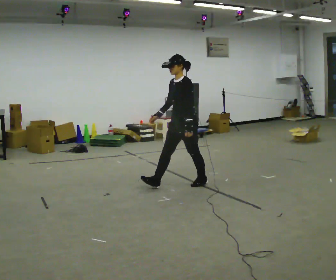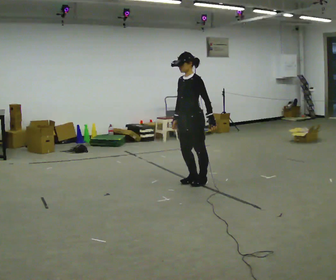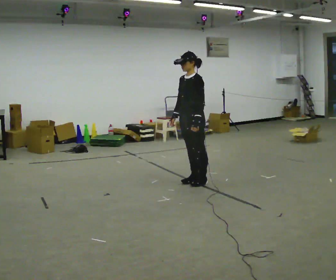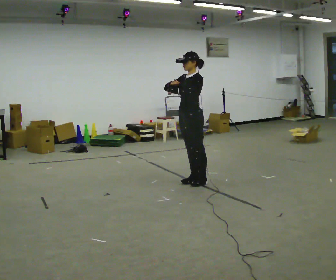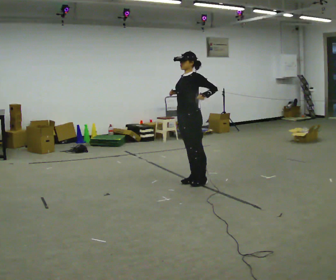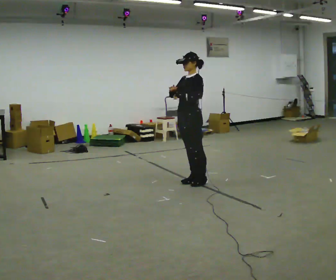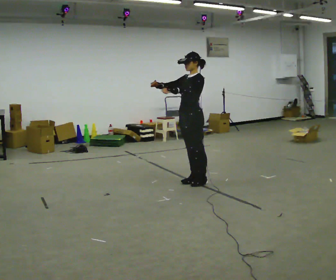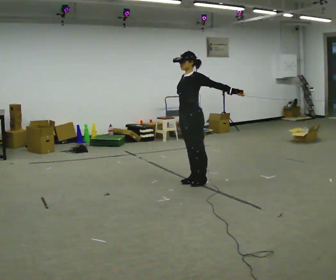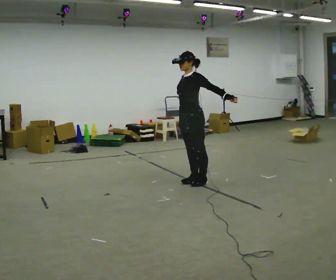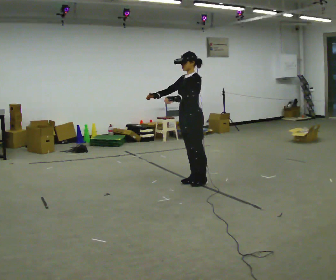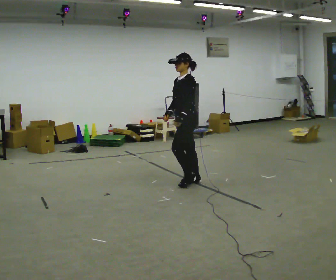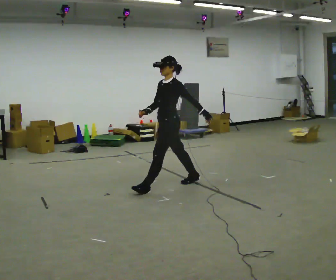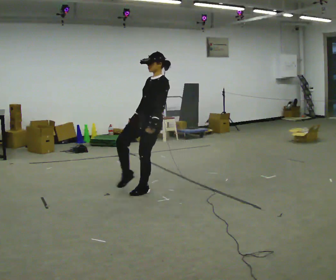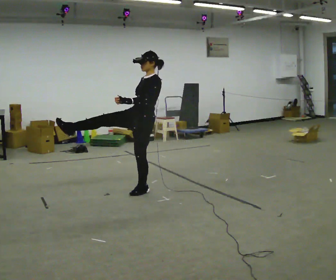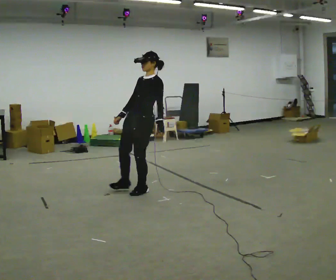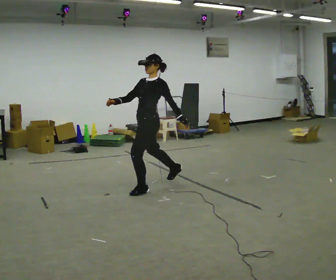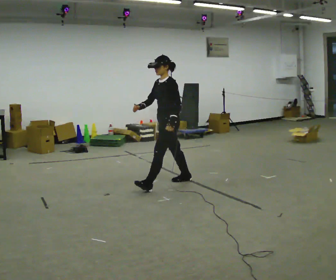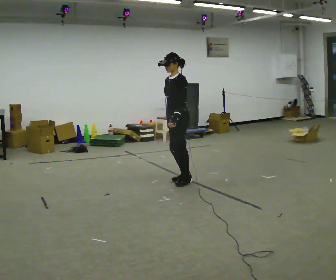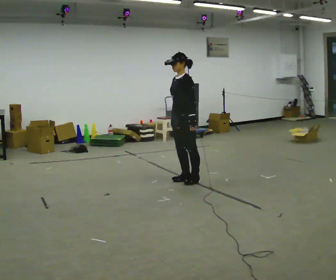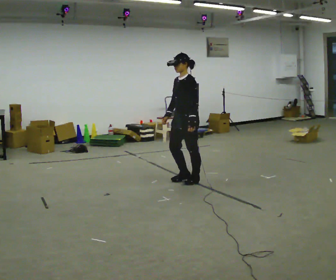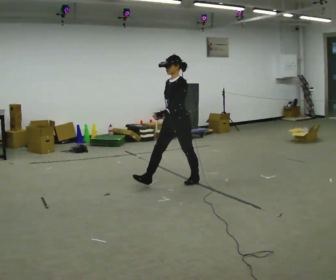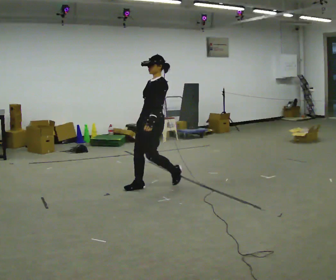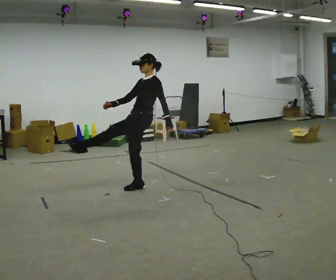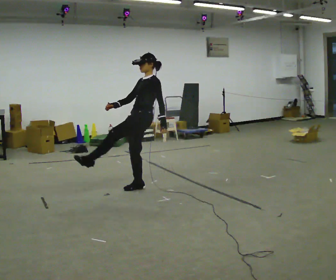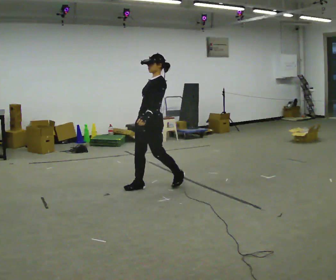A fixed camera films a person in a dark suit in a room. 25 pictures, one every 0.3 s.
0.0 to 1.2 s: In the picture their left hand goes upward.
1.2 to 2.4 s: The person moves a little, or ends about where they began.
2.4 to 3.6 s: In the picture they go to the left and toward the camera, about 0.5 m in 1 step, which for them is forward. In the picture the upper body tilts clockwise, shoulders to the right, as they lean back or straighten.
3.6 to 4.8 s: In the picture they go away from the camera and to the right, about 0.25 m, which for them is backward. In the picture the upper body tilts counterclockwise, shoulders to the left, as they bend forward.
4.8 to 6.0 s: In the picture their right hand goes to the right.
6.0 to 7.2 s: In the picture they go to the left, about 0.25 m in 1 step, which for them is forward. In the picture the upper body tilts clockwise, shoulders to the right, as they lean back or straighten.
The film runs forward here.
